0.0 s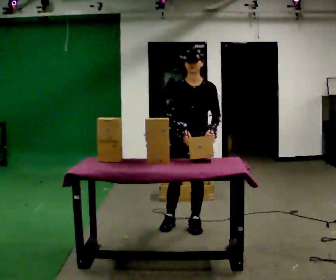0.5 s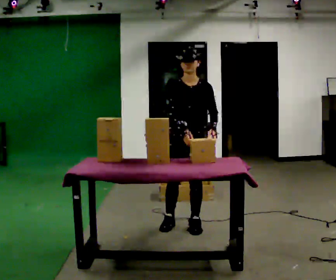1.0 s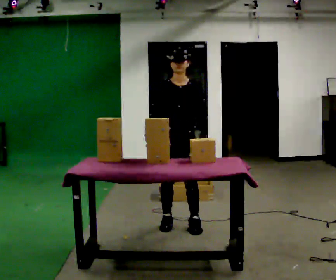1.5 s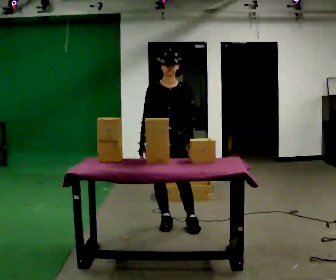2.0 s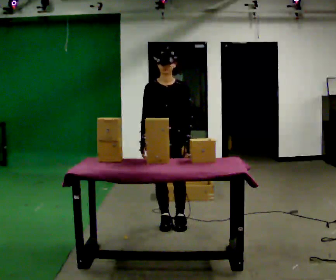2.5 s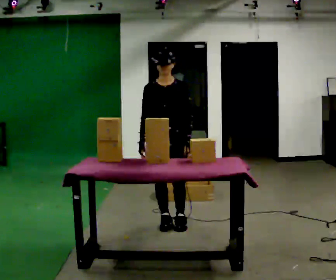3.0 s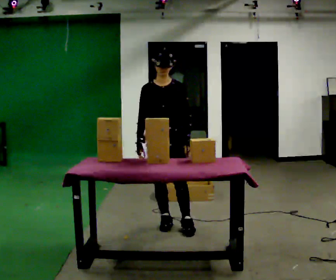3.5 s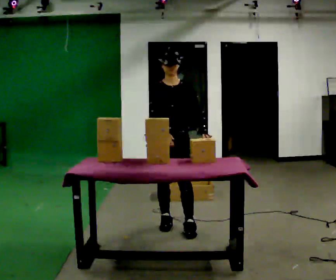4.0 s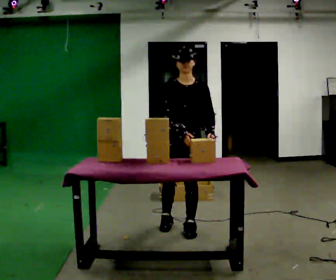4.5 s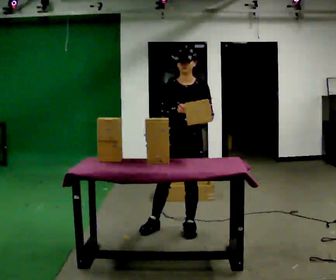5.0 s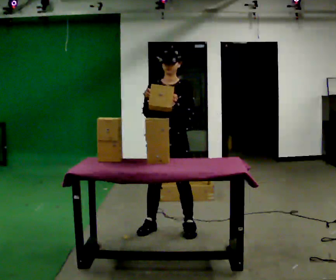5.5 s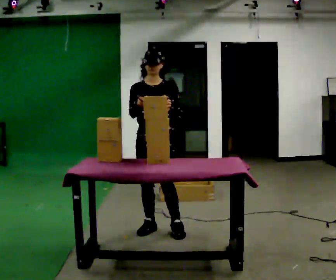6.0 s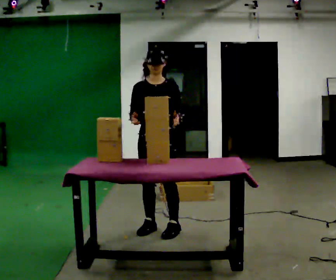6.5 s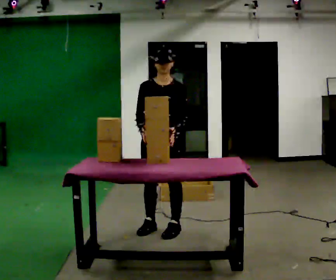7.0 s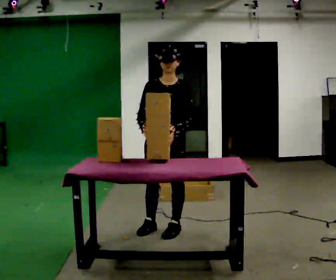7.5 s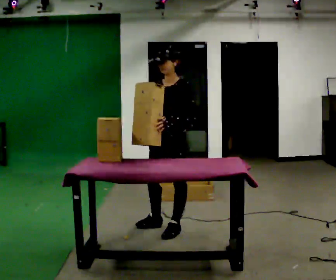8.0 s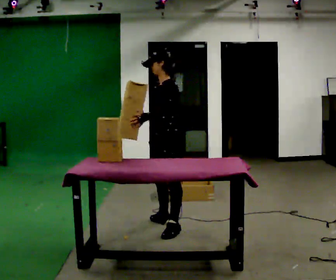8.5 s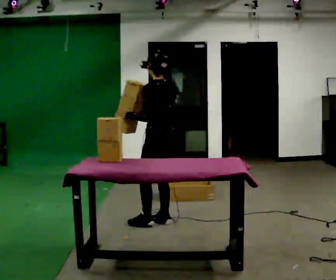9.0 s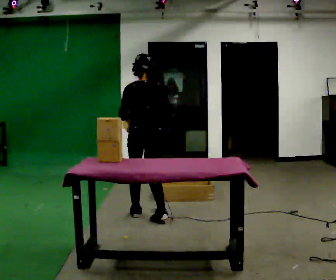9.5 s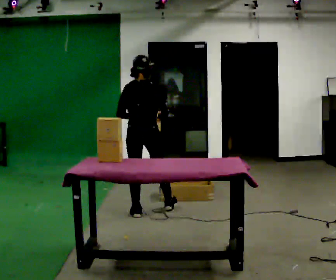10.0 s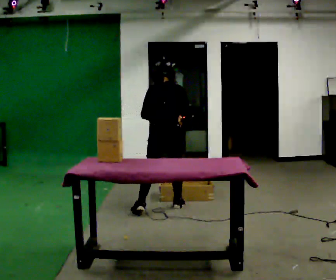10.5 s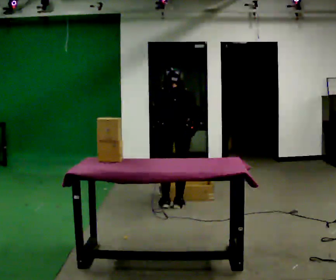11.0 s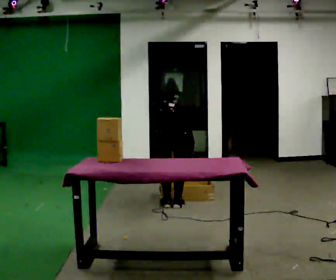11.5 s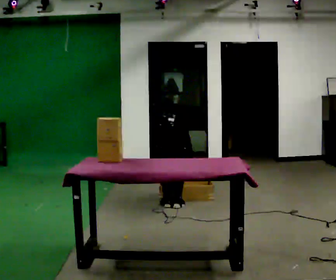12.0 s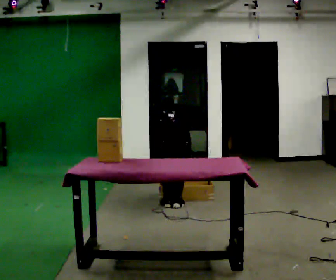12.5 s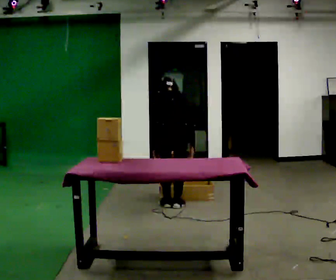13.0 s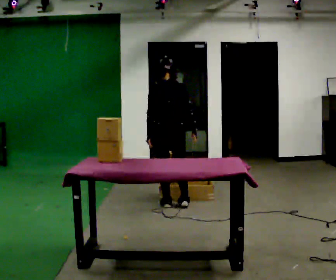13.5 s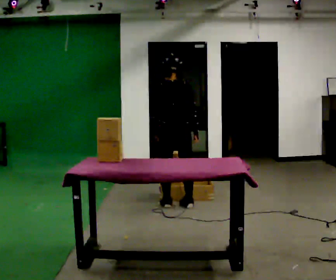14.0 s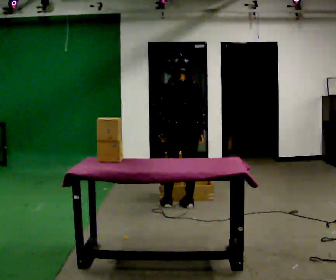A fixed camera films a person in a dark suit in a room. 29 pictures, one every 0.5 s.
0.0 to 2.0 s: In the picture they go to the left, about 0.25 m, which for them is to their right. In the picture their right hand goes to the left.
2.0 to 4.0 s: In the picture they go to the right, about 0.25 m in 1 step, which for them is to their left and forward. In the picture their right hand goes to the right.
4.0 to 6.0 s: In the picture they go to the left, about 0.25 m in 1 step, which for them is to their right. In the picture their right hand goes to the left.
6.0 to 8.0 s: The part of the body nearest the lens slides to the left as the person turns to their right by about 75 degrees. In the picture they go away from the camera, about 0.25 m in 1 step.
8.0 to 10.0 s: Seen from above the body turns clockwise, about 105 degrees: to their right, with its near side sliding to the left. In the picture they go away from the camera, about 0.5 m in 2 steps. The upper body tips away from the camera, its near side rolling upward.
10.0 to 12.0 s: The upper body goes downward. The upper body tips away from the camera, its near side rolling upward, as they bend forward. In the picture their left hand goes downward.
12.0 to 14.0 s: The upper body goes upward. The upper body tips toward the camera, its near side rolling downward, as they lean back or straighten. In the picture their left hand goes upward.
The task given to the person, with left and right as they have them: Reach down into the deep bin on the floor, take out one object at a time, carry it to the shelf, and come back for the next one. Keep going until the operator says stop; one object at a time, and do not rush between trips.
The film runs forward here.
